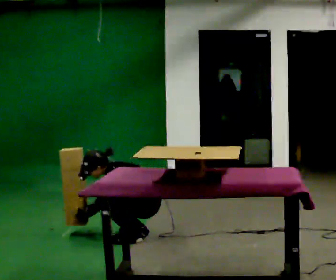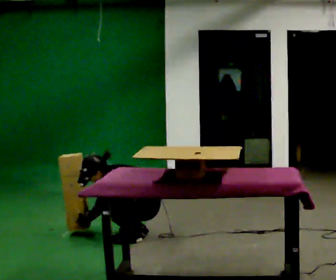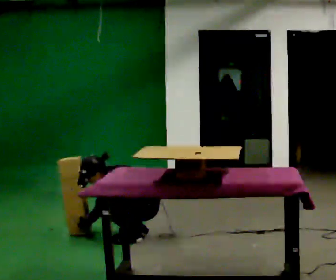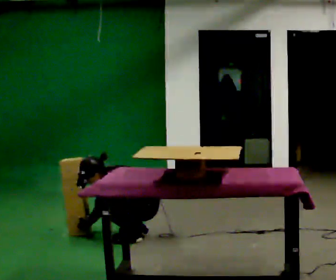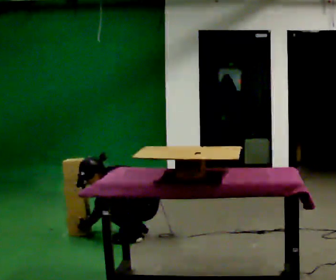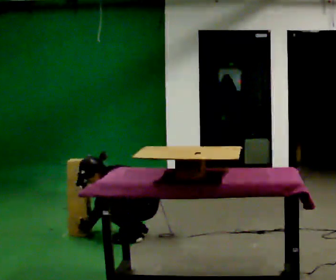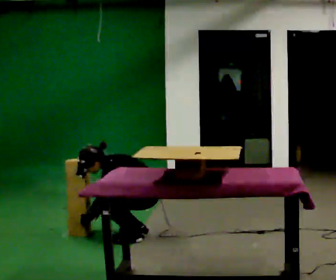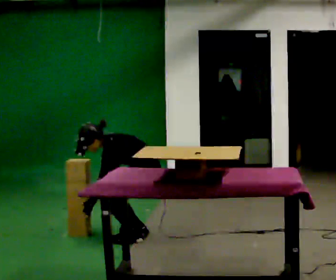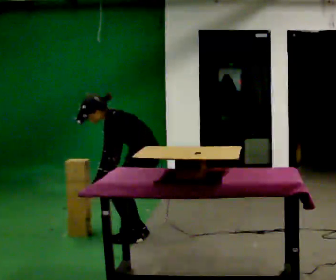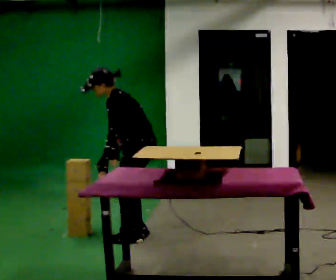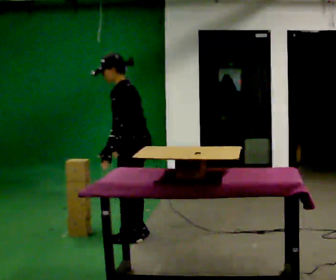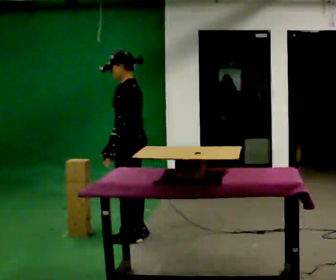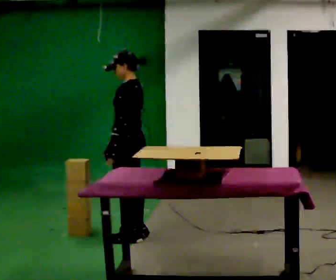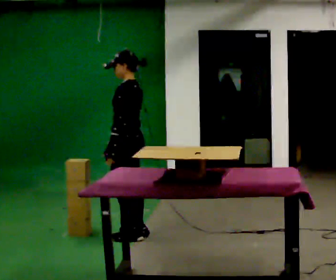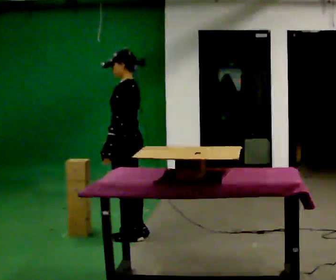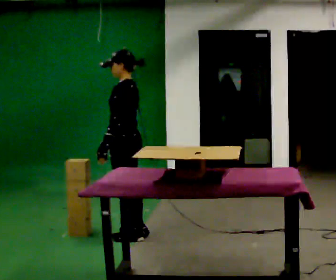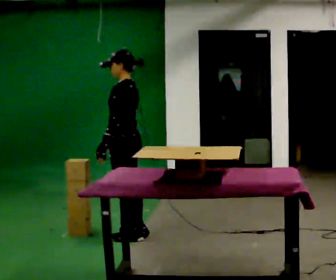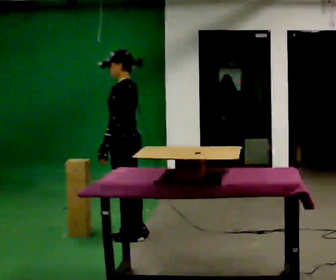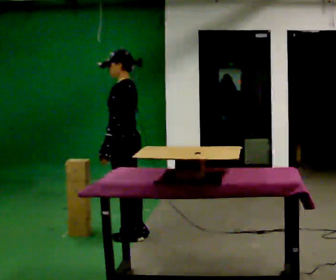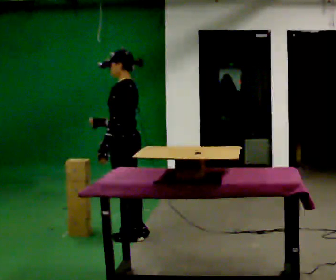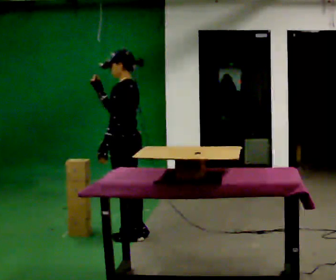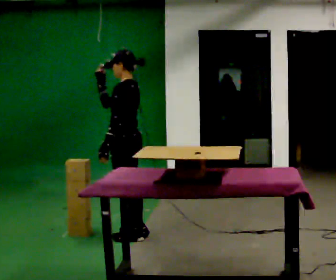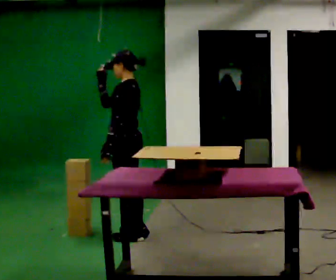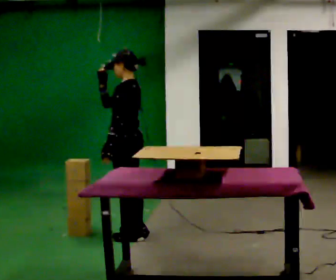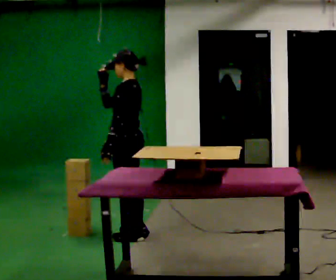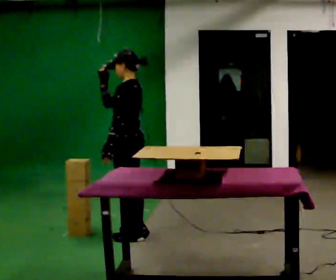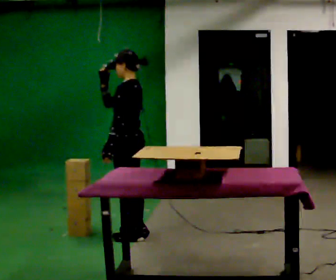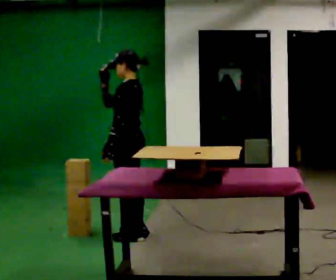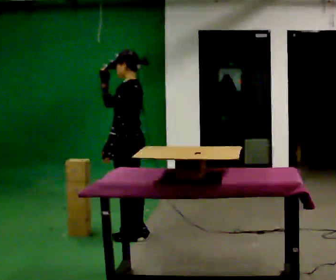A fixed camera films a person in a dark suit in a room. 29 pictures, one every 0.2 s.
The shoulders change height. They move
upward.
Their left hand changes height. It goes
upward.
0.0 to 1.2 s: The person moves a little, or ends about where they began.
1.2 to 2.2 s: The shoulders move upward. In the picture the upper body tilts clockwise, shoulders to the right, as they lean back or straighten. In the picture their left hand goes upward.
2.2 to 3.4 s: The person moves a little, or ends about where they began.
3.4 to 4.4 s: In the picture their right hand goes upward.
4.4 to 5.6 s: The person keeps their place and pose.
The film runs forward here.
